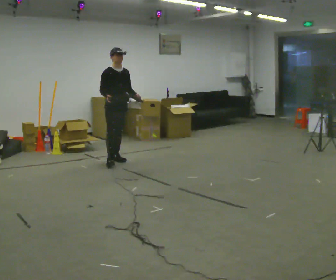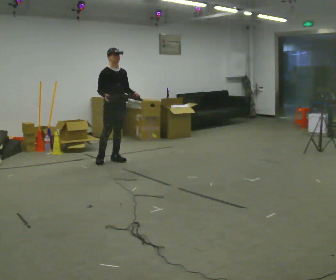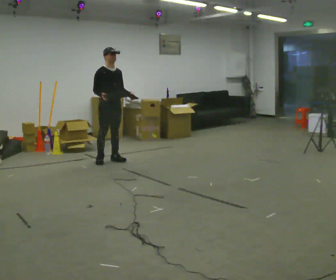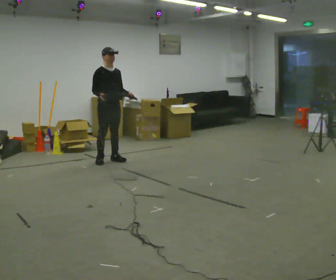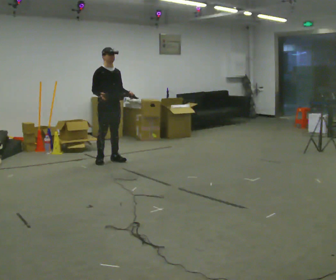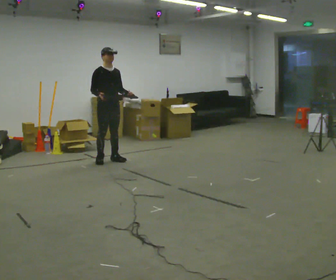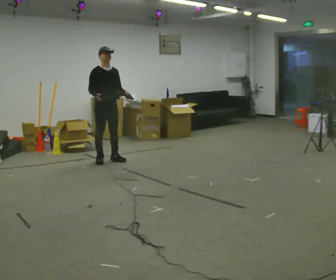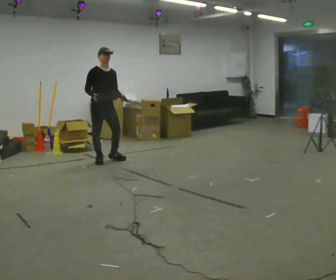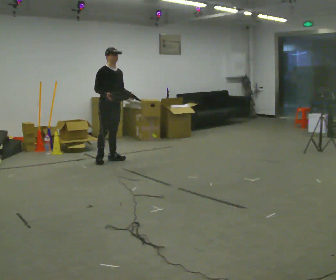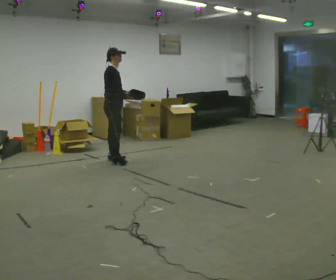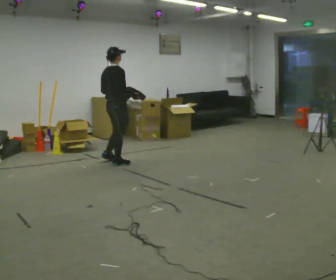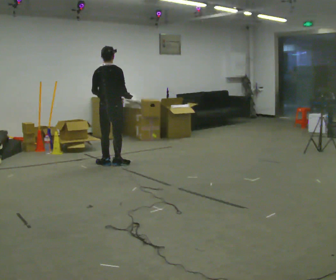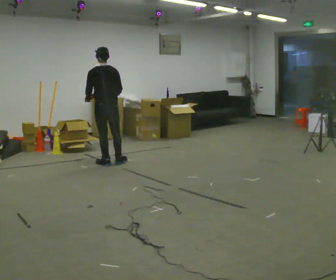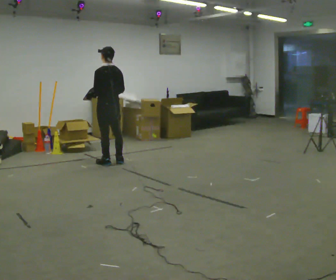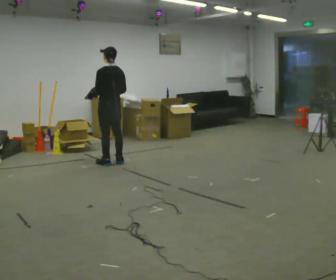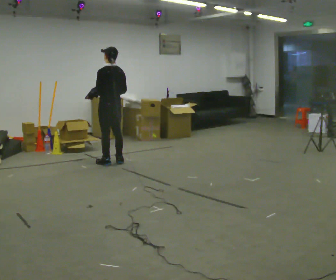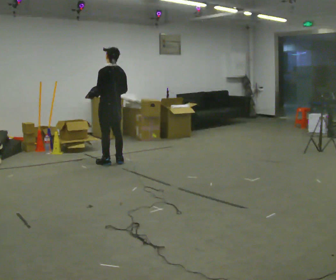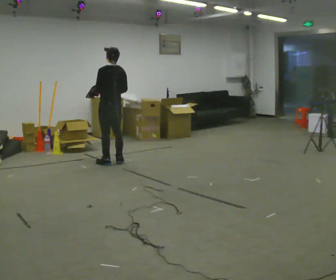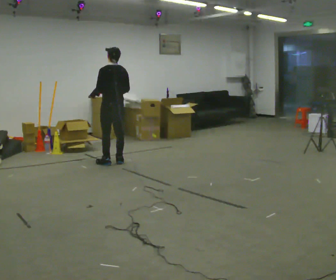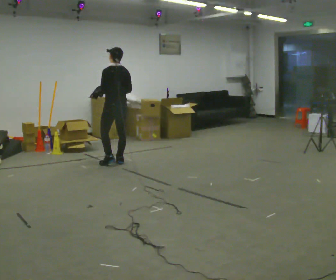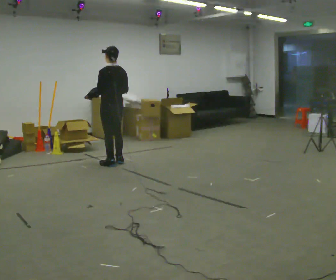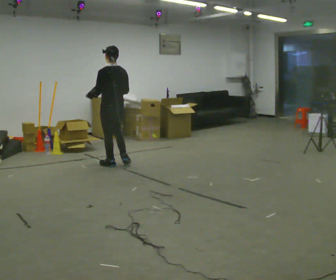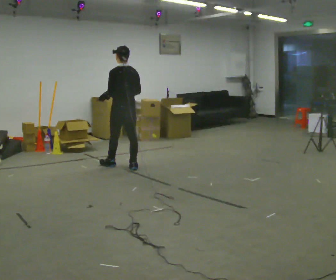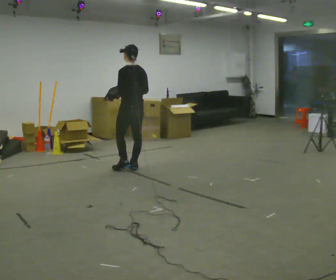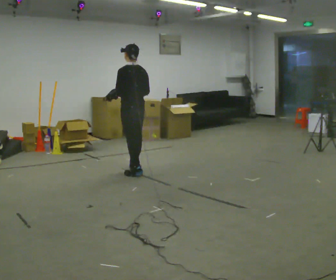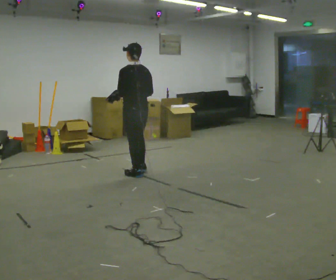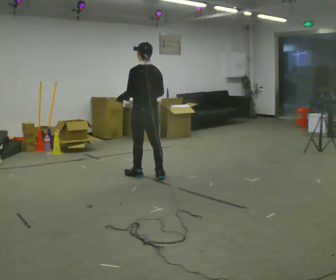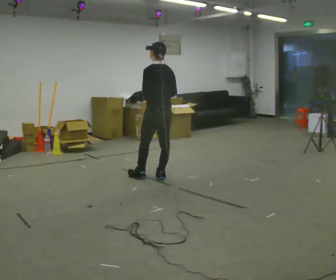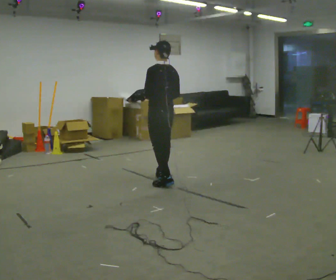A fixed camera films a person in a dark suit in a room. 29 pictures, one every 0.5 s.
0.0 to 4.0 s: The person moves a little, or ends about where they began.
4.0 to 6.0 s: Seen from above the body turns counterclockwise, about 150 degrees: to their left, with its near side sliding to the right. In the picture they go toward the camera, about 0.25 m in 2 steps.
6.0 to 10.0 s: The person moves a little, or ends about where they began.
10.0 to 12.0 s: In the picture they go toward the camera and to the right, about 0.5 m in 2 steps, which for them is backward.
12.0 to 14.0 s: In the picture they go toward the camera and to the right, about 0.5 m in 2 steps, which for them is backward.
The film runs backward here.
